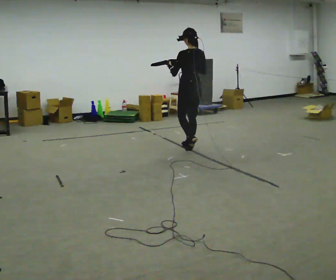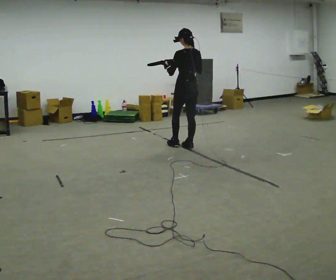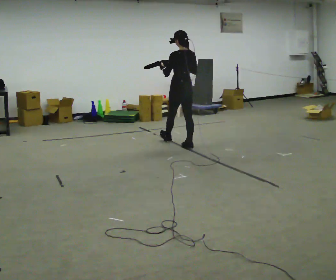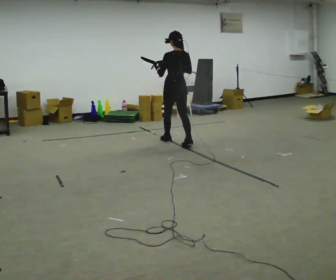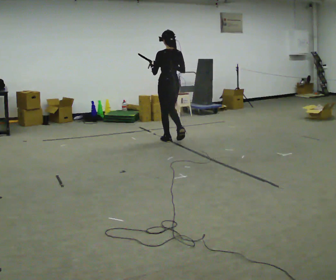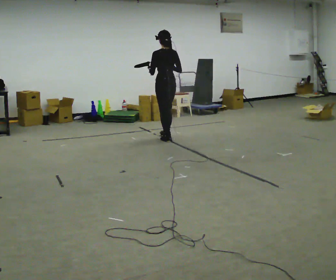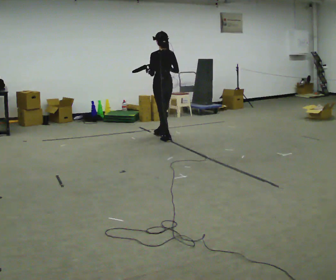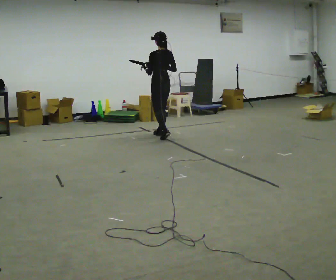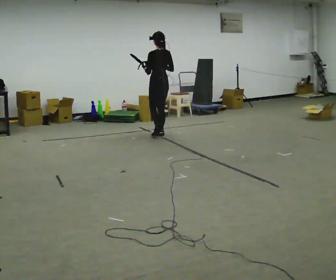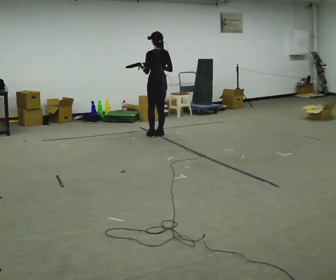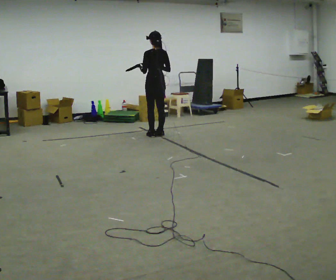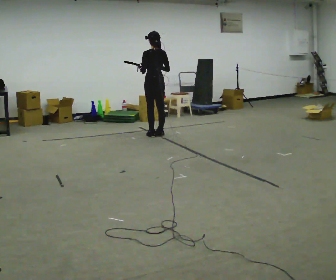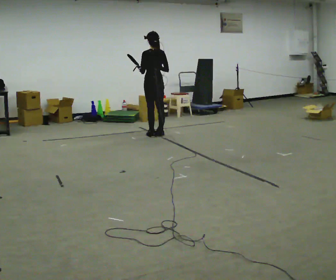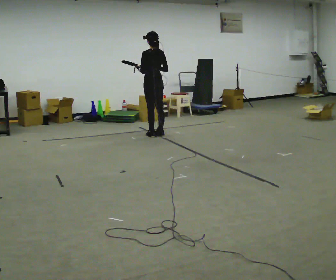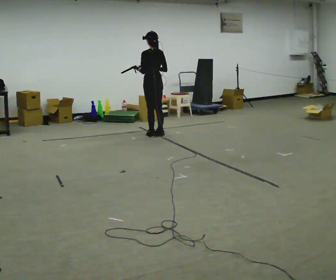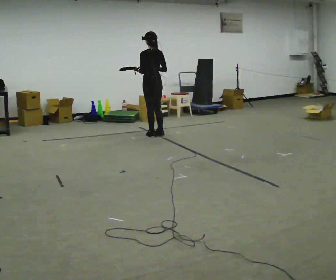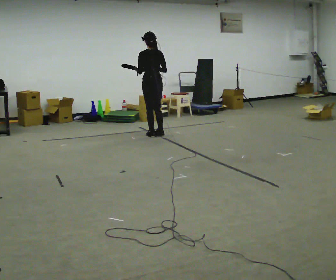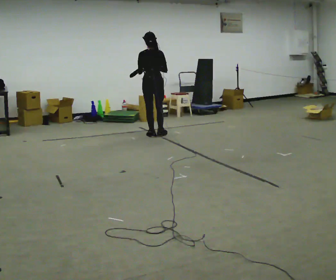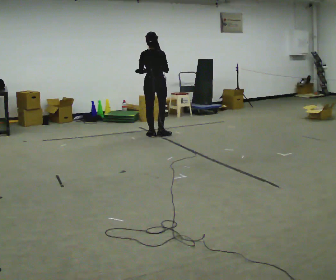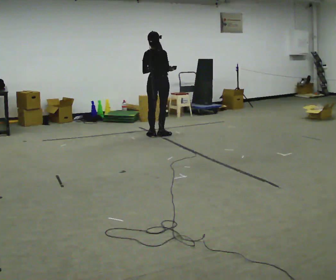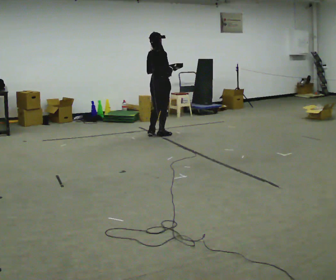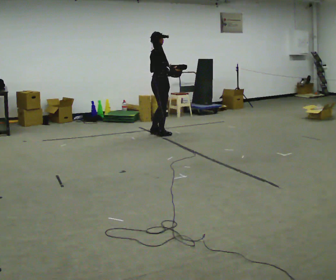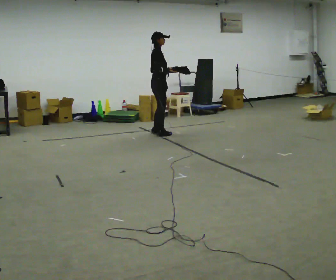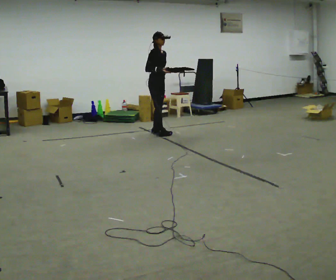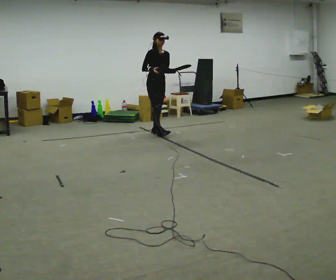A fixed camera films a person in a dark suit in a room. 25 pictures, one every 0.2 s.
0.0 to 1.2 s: In the picture they go away from the camera and to the left, about 0.5 m in 2 steps, which for them is forward.
1.2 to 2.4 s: In the picture they go away from the camera, about 0.25 m in 1 step, which for them is forward.
2.4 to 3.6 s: The part of the body nearest the lens slides to the left as the person turns to their right by about 45 degrees.
3.6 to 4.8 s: The part of the body nearest the lens slides to the left as the person turns to their right by about 135 degrees. In the picture they go away from the camera, about 0.25 m in 1 step.
The film runs forward here.
